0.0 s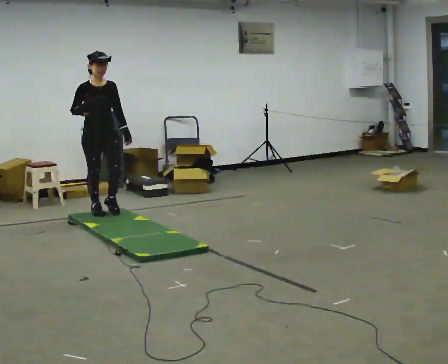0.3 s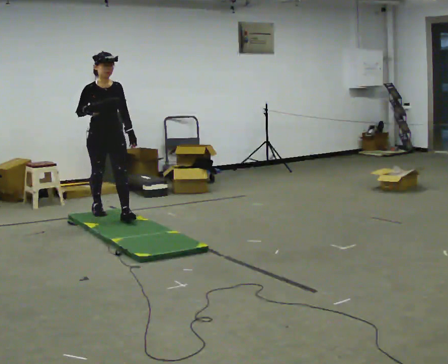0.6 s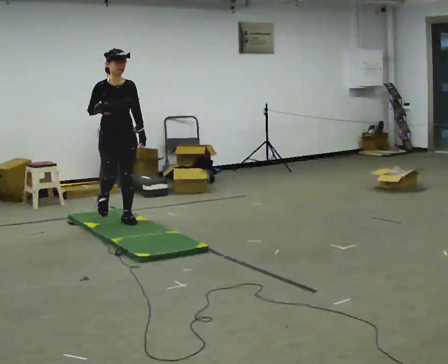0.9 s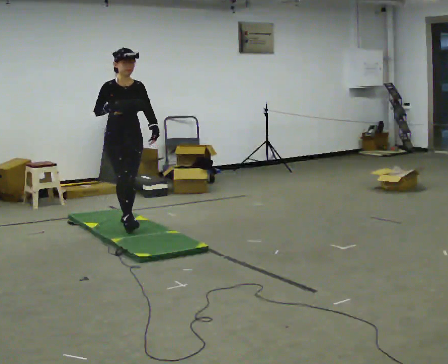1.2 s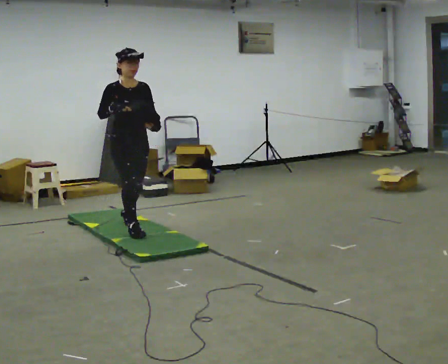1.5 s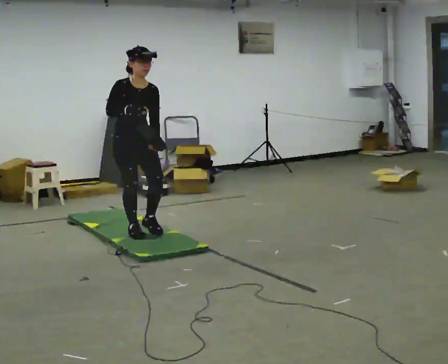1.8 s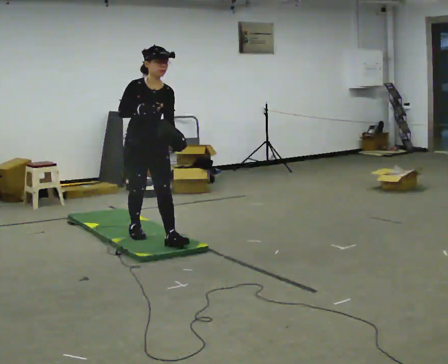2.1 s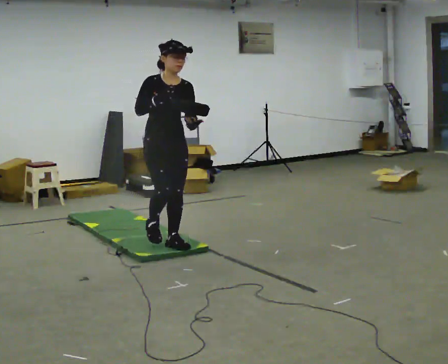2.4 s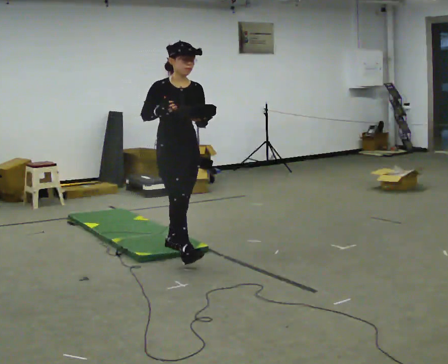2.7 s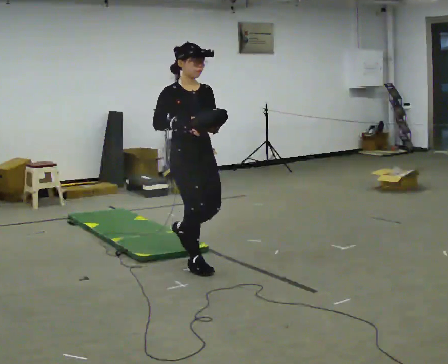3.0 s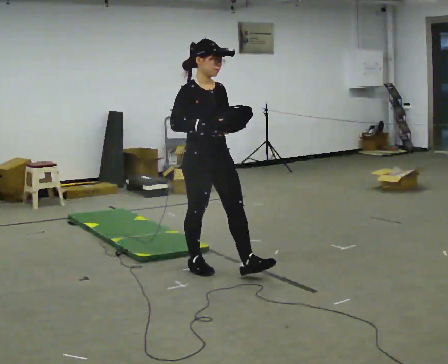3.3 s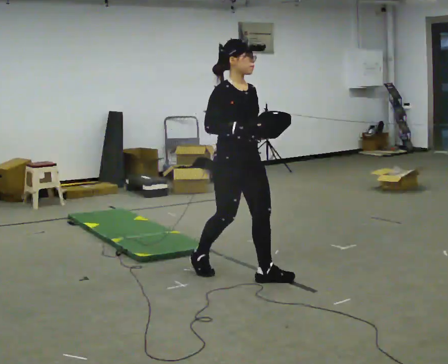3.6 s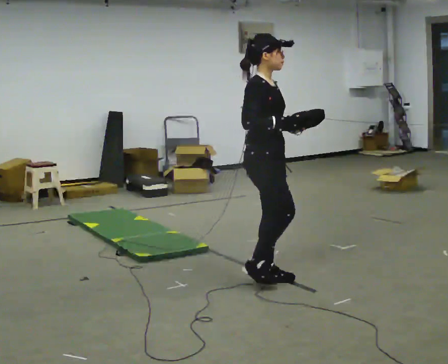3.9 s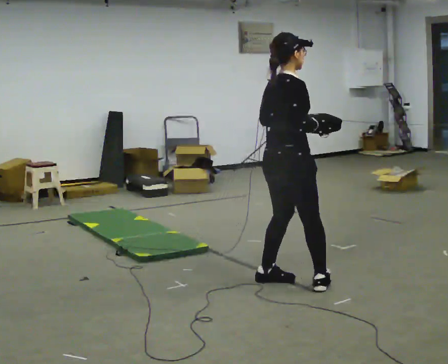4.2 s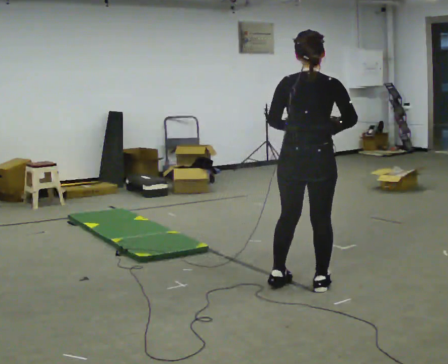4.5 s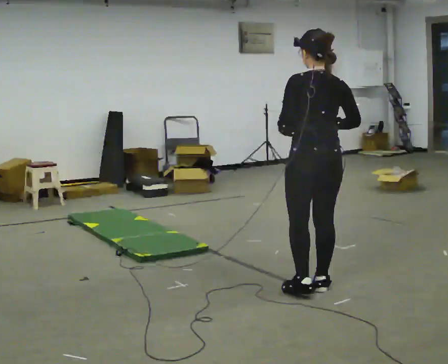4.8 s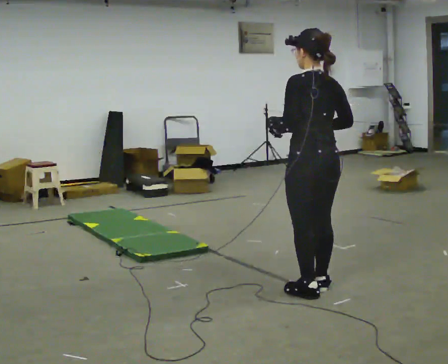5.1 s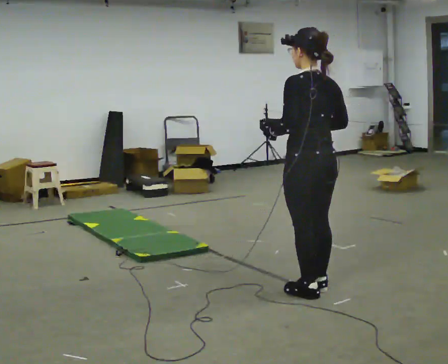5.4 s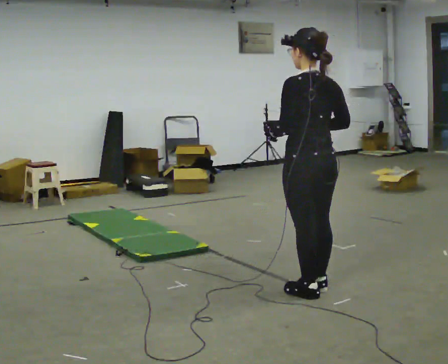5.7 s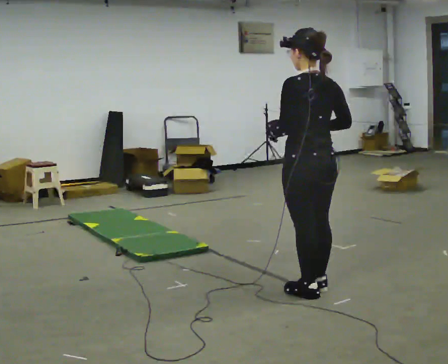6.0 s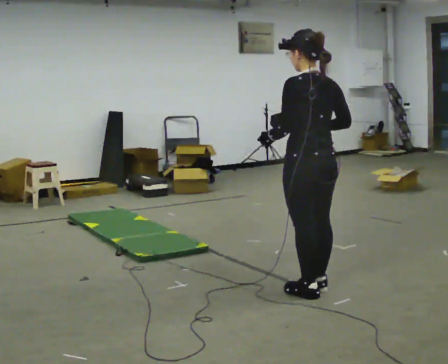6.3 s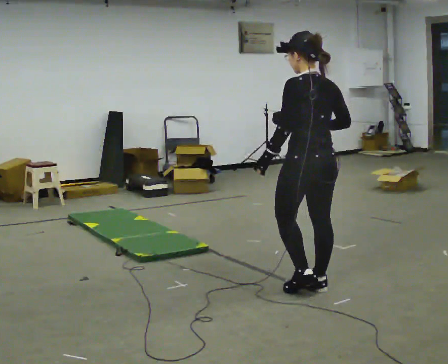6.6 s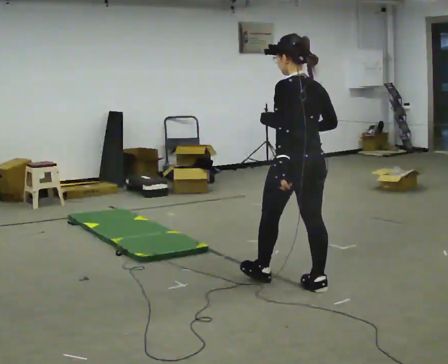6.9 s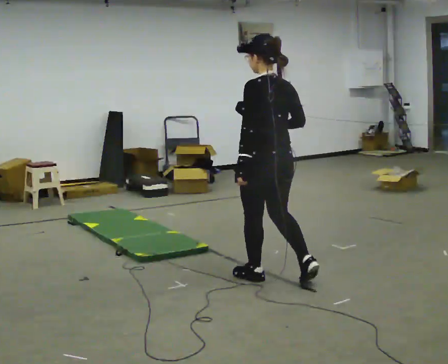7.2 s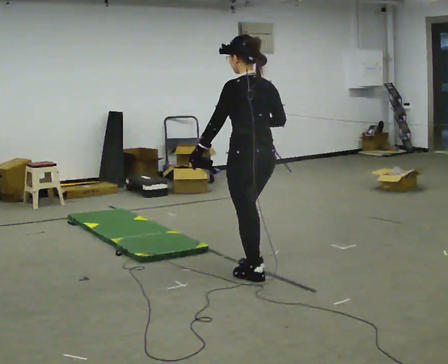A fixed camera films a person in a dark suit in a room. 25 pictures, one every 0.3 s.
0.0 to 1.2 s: In the picture they go toward the camera and to the right, about 1 m in 2 steps, which for them is forward.
1.2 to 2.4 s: In the picture they go toward the camera and to the right, about 1 m in 1 step, which for them is forward.
2.4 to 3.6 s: The part of the body nearest the lens slides to the right as the person turns to their left by about 45 degrees. In the picture they go to the right and toward the camera, about 1 m in 2 steps, which for them is forward.
3.6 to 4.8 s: The part of the body nearest the lens slides to the right as the person turns to their left by about 135 degrees. In the picture they go to the right and toward the camera, about 0.5 m in 2 steps.
4.8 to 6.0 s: The person moves a little, or ends about where they began.
6.0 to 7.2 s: In the picture they go to the left and away from the camera, about 0.5 m in 1 step, which for them is forward.
The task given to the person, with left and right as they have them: Hold the object and walk back and forth. It may slip. Try to catch it if you can, but let it go rather than lurching after it.
The film runs forward here.
